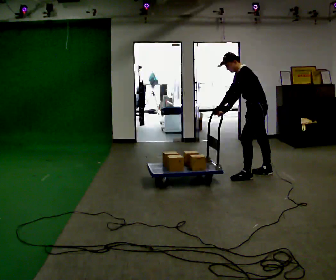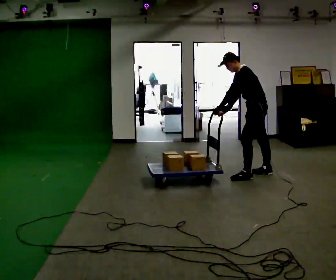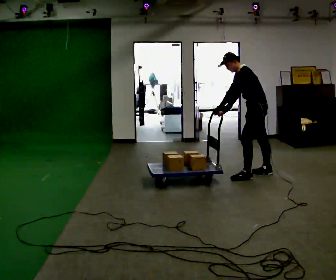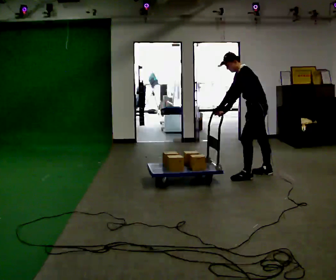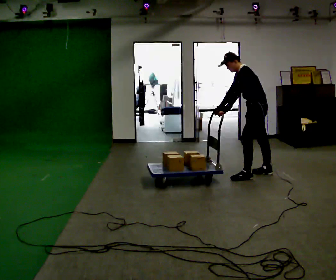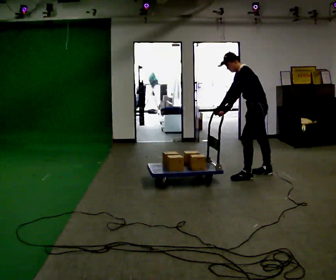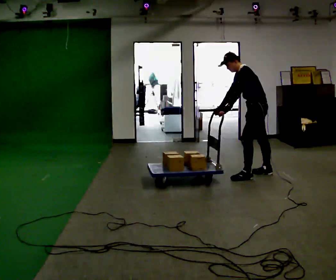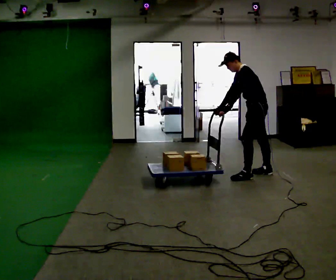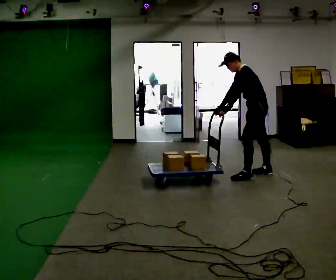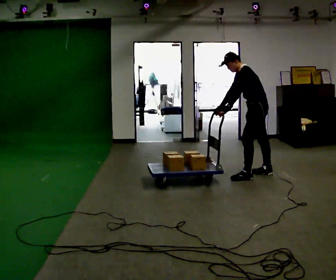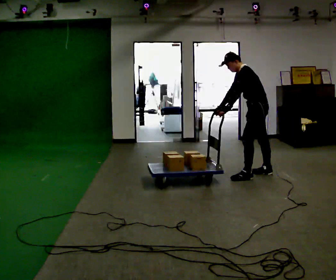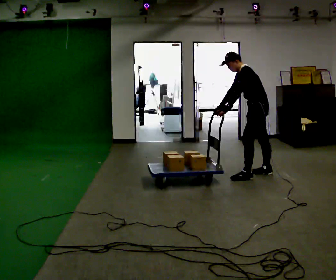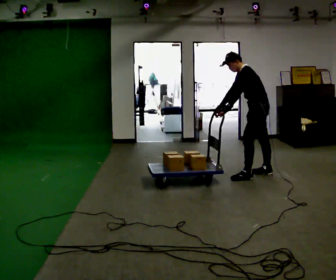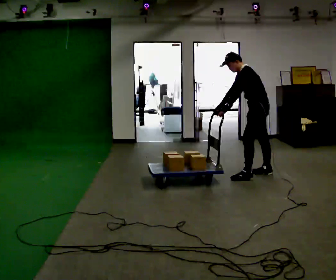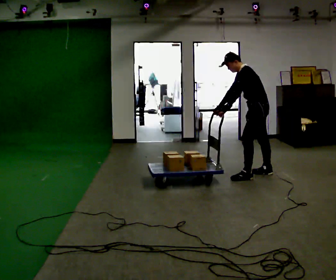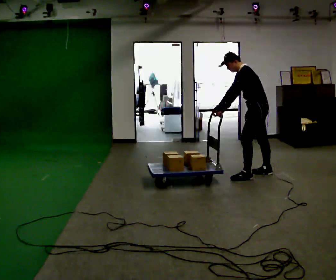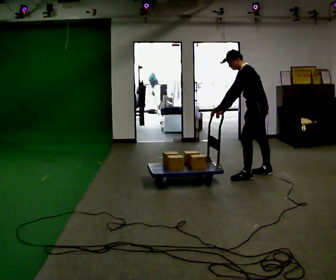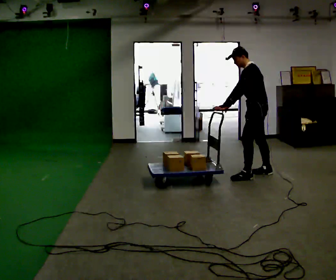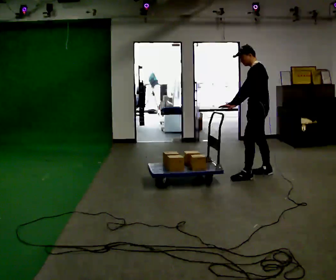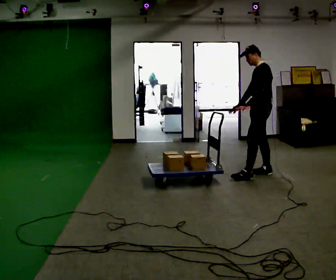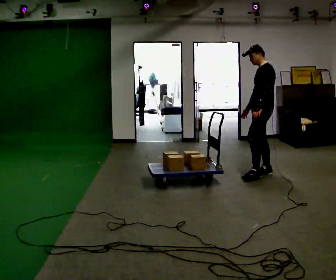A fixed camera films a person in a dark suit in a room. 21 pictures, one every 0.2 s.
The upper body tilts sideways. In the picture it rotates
clockwise.
0.0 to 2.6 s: The person keeps their place and pose.
2.6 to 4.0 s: In the picture the upper body tilts clockwise, shoulders to the right, as they lean back or straighten. In the picture their left hand goes to the right.
The film runs backward here.
